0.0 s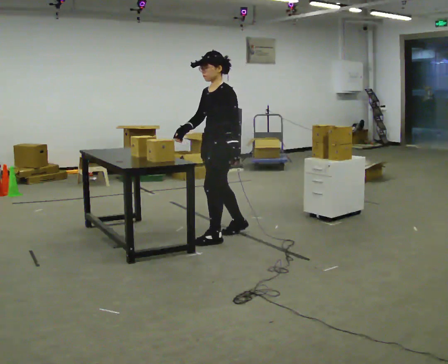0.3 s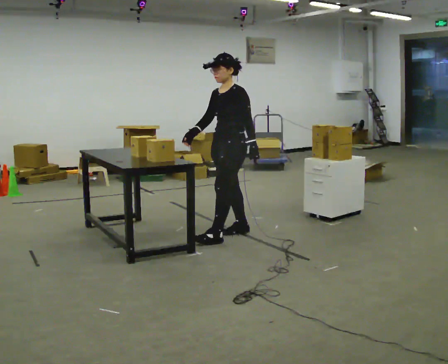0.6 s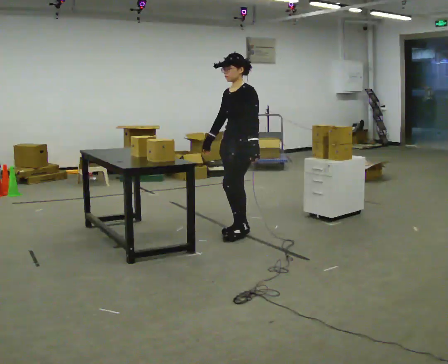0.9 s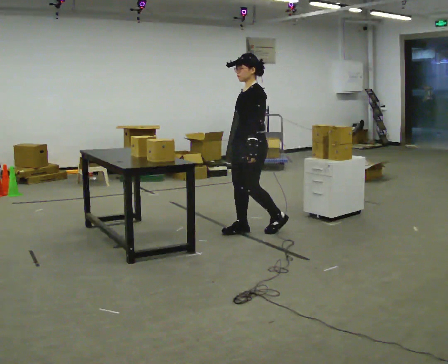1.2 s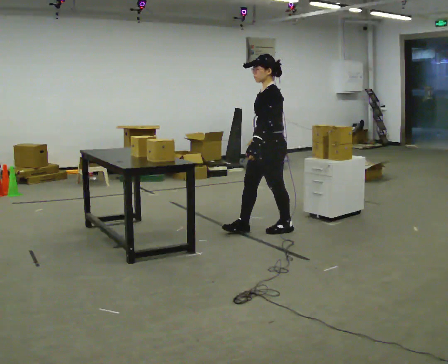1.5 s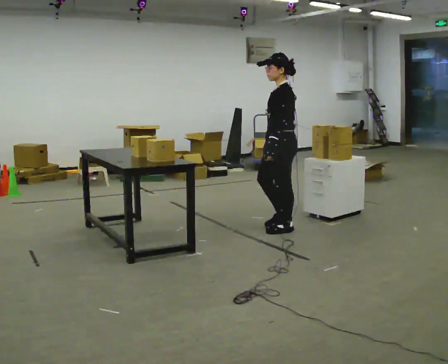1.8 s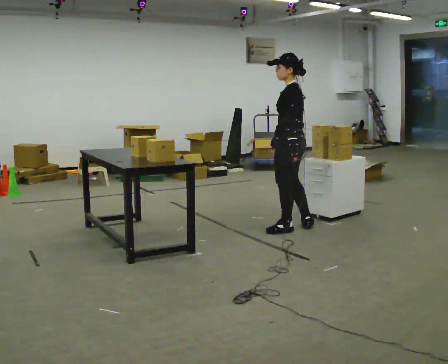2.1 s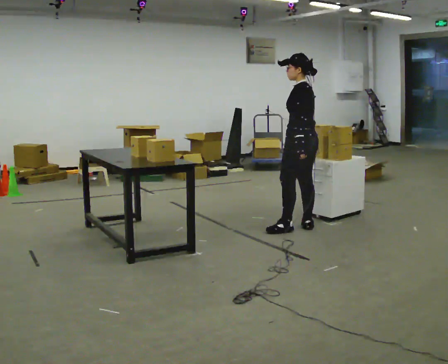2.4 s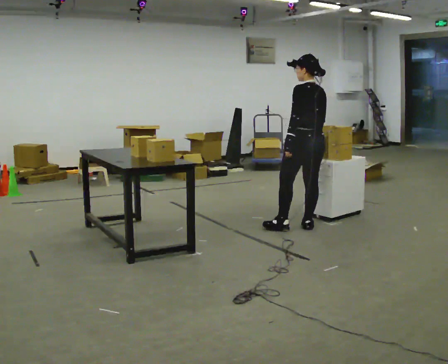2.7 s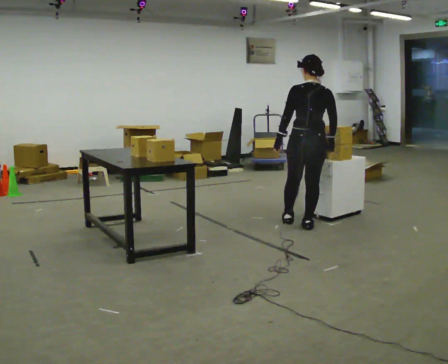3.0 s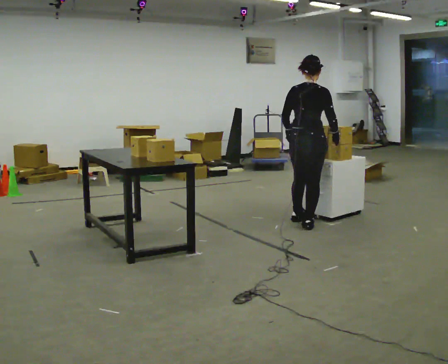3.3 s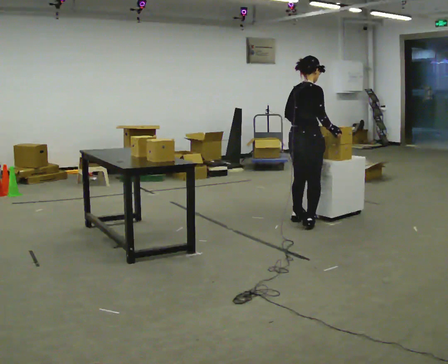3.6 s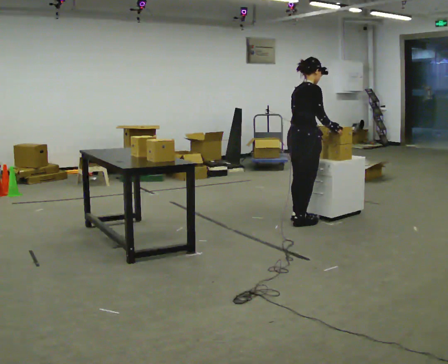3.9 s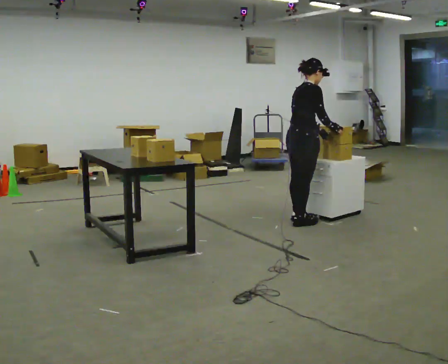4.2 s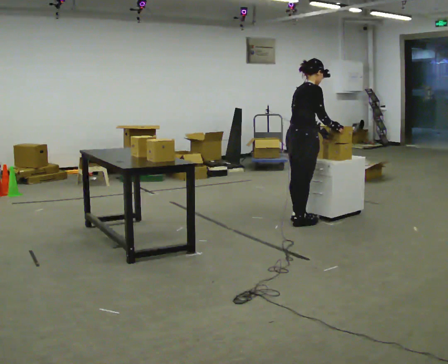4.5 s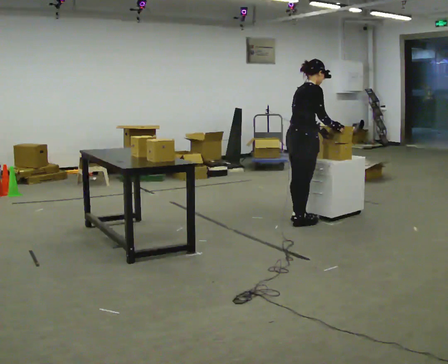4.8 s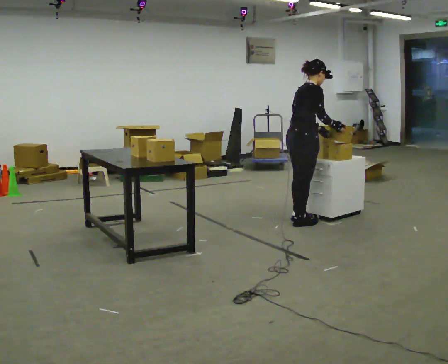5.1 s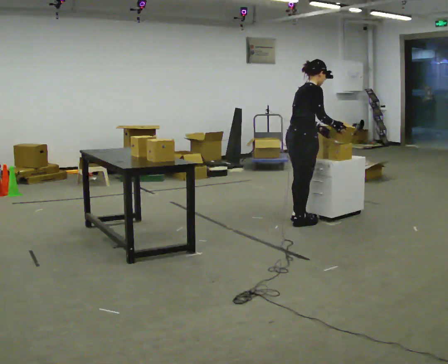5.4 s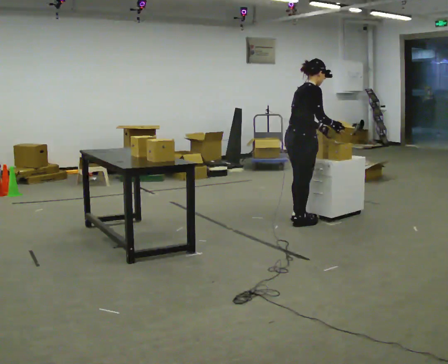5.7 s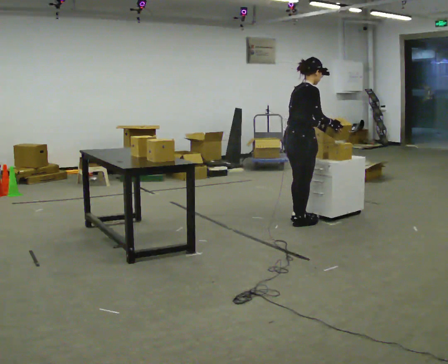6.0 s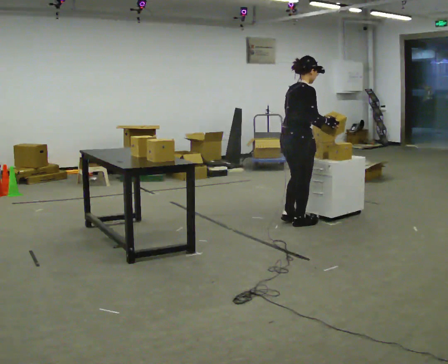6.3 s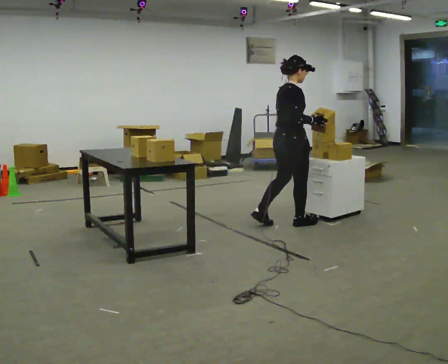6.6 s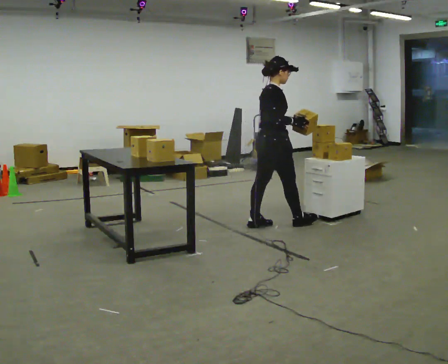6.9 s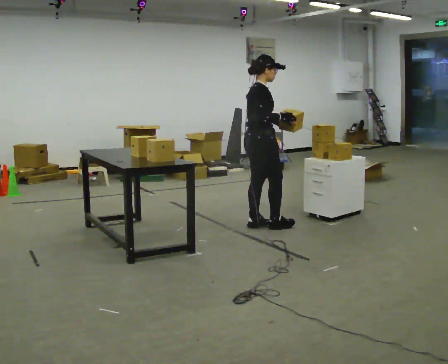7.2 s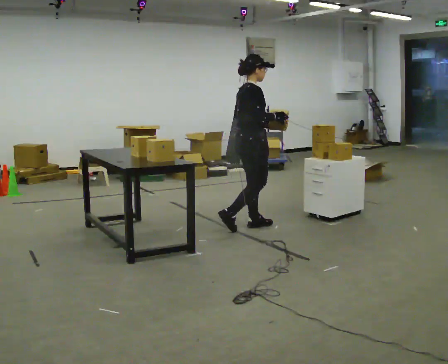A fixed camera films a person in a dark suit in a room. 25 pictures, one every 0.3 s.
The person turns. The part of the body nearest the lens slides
to the left.
The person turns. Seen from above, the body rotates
clockwise.
0.0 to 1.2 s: In the picture they go to the right and away from the camera, about 0.5 m in 1 step, which for them is backward.
1.2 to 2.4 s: The person turns about 75 degrees to their right, clockwise seen from above, so the part of the body nearest the lens slides to the left. In the picture they go to the right, about 0.5 m in 2 steps.
2.4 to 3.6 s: The part of the body nearest the lens slides to the left as the person turns to their right by about 105 degrees. In the picture they go away from the camera, about 0.25 m in 1 step.
3.6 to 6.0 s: The person moves a little, or ends about where they began.
6.0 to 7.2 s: In the picture they go to the left, about 0.5 m in 1 step, which for them is backward.
The film runs backward here.
